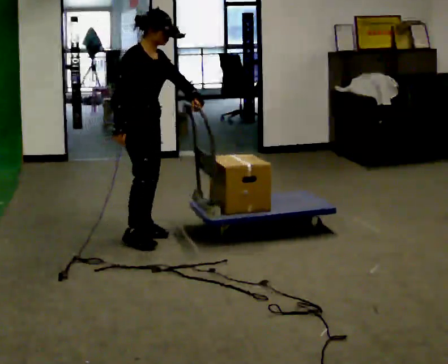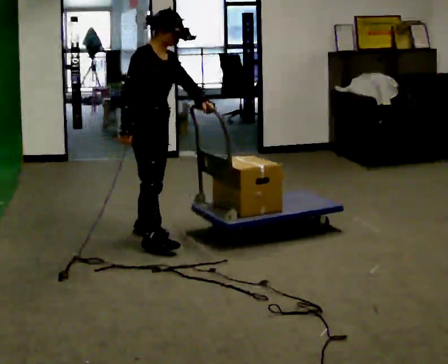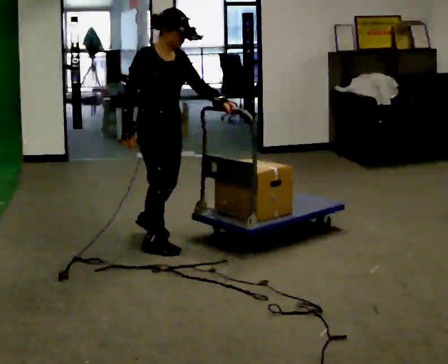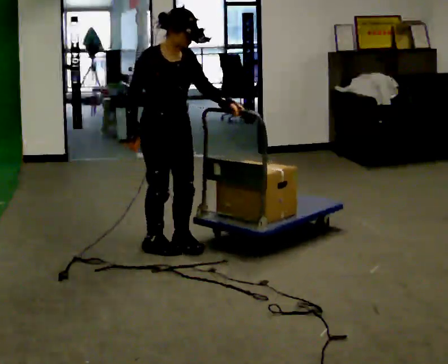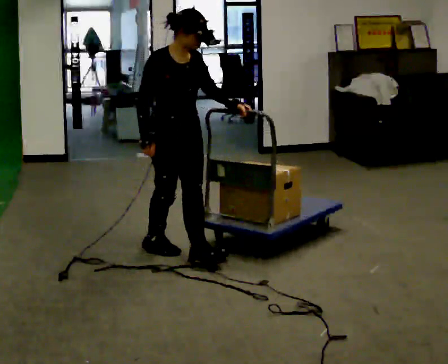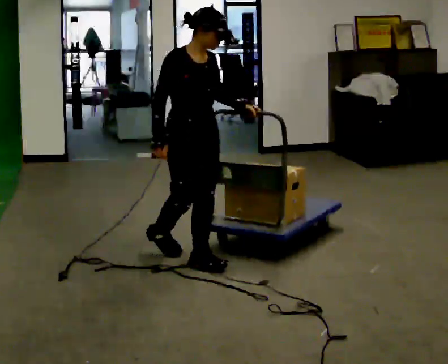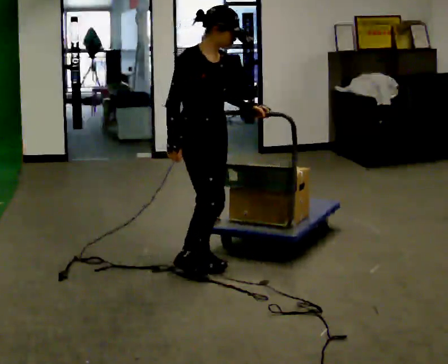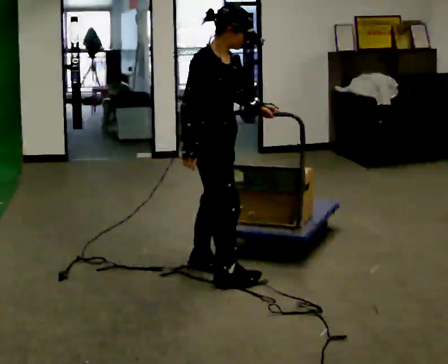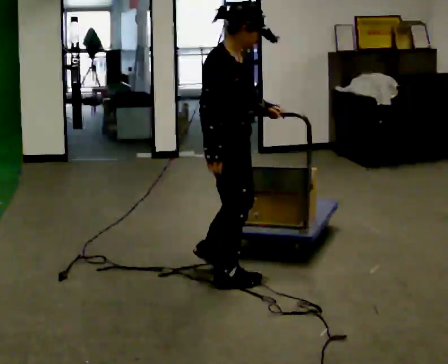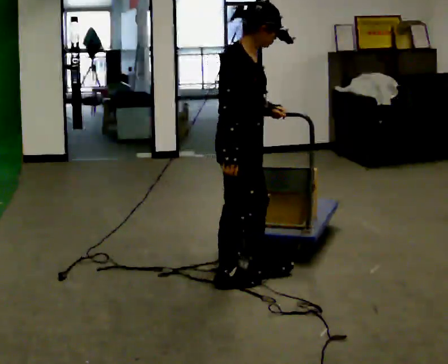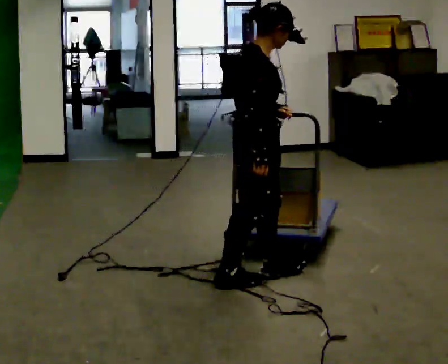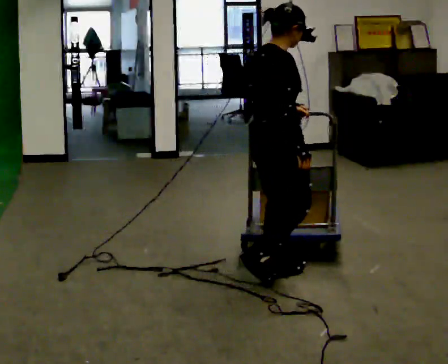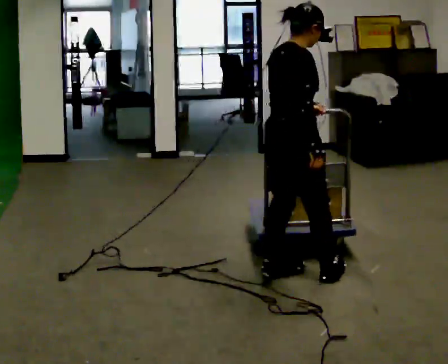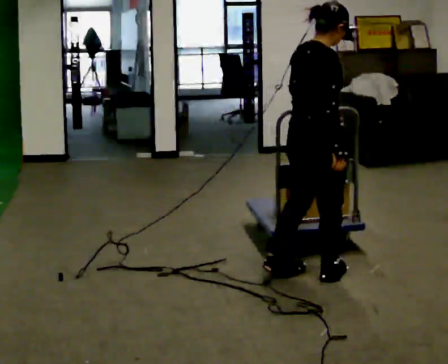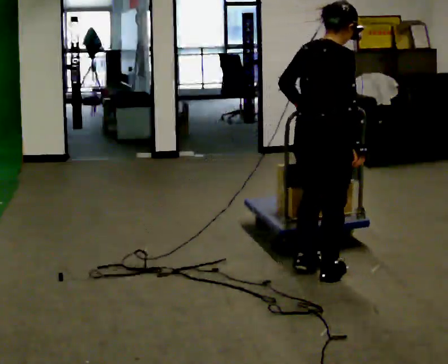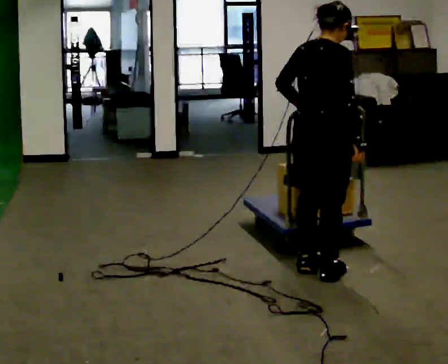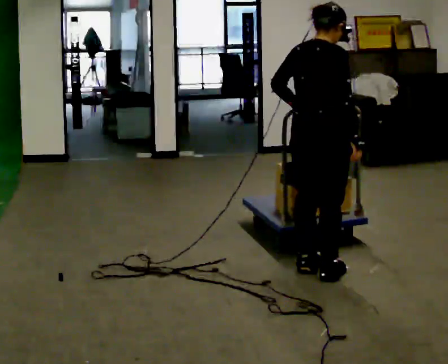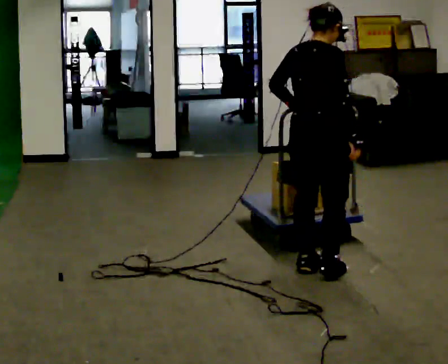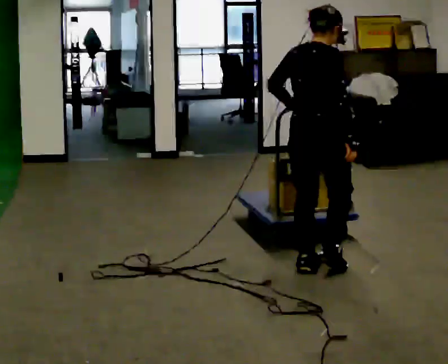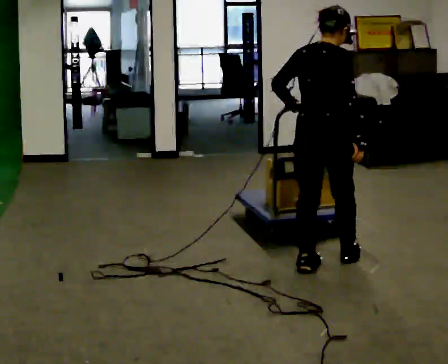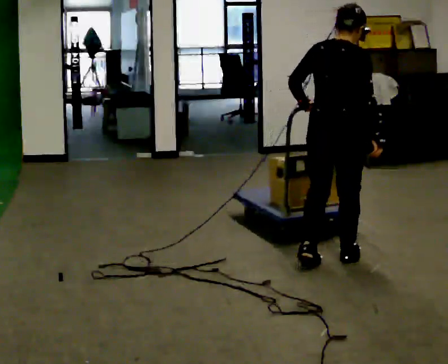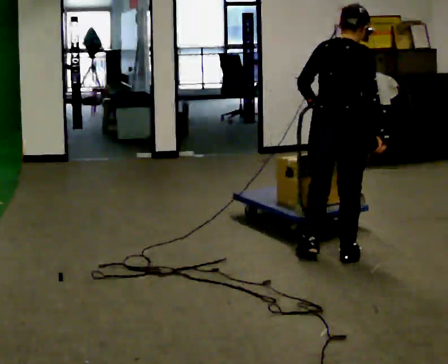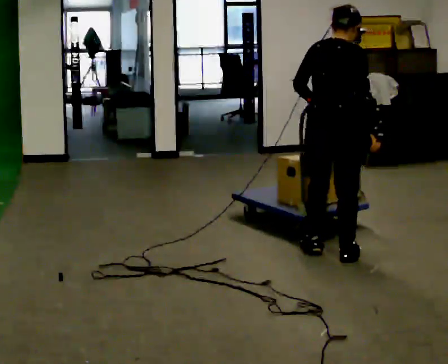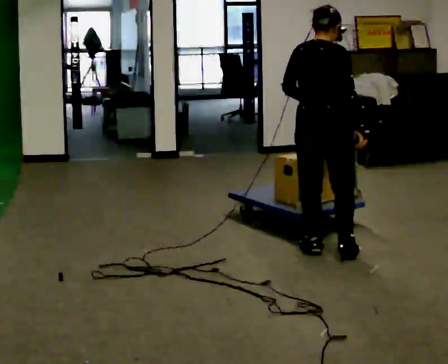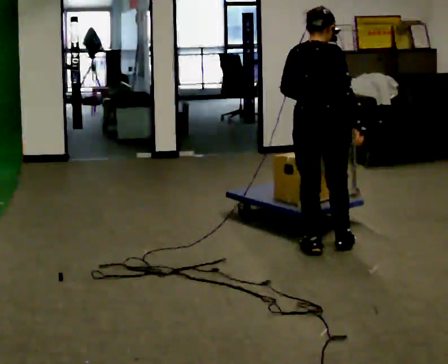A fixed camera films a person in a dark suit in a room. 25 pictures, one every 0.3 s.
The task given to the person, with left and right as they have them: Push the cart along the marked route and round the corner to the side the operator calls.
0.0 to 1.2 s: The part of the body nearest the lens slides to the left as the person turns to their right by about 30 degrees. In the picture they go toward the camera and to the right, about 0.5 m in 2 steps, which for them is forward and to their right.
1.2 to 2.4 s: Seen from above the body turns counterclockwise, about 30 degrees: to their left, with its near side sliding to the right. In the picture they go toward the camera and to the right, about 0.5 m in 1 step, which for them is forward and to their right.
2.4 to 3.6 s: Seen from above the body turns counterclockwise, about 30 degrees: to their left, with its near side sliding to the right. In the picture they go to the right, about 0.25 m in 2 steps, which for them is forward.
3.6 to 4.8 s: The person moves a little, or ends about where they began.
4.8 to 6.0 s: In the picture they go away from the camera, about 0.25 m in 1 step, which for them is forward.
6.0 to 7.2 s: In the picture they go away from the camera, about 0.25 m in 1 step, which for them is forward and to their left.
The film runs forward here.
